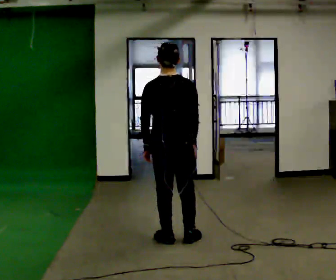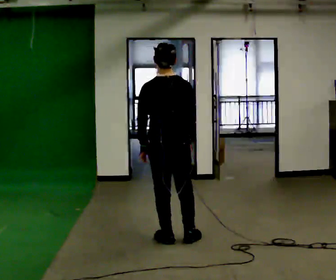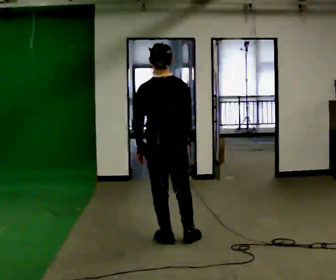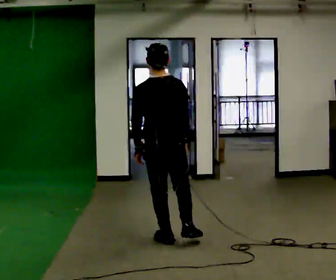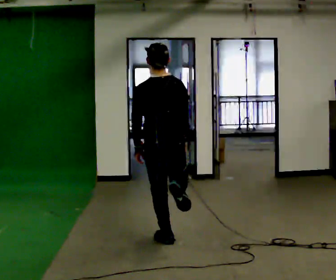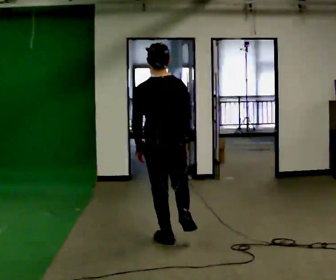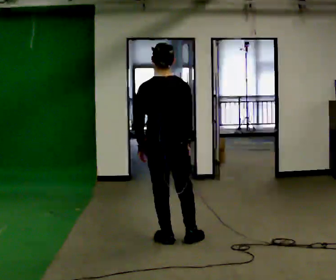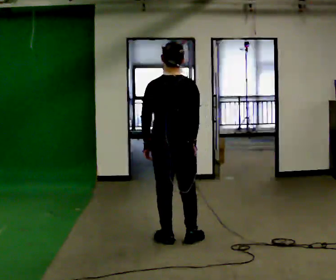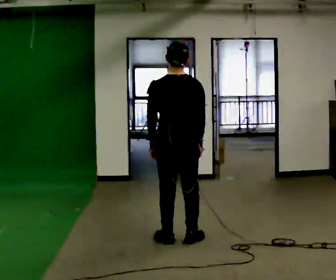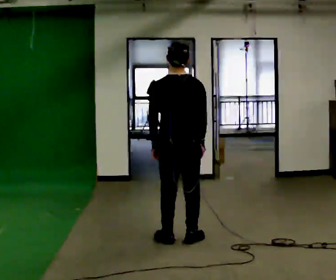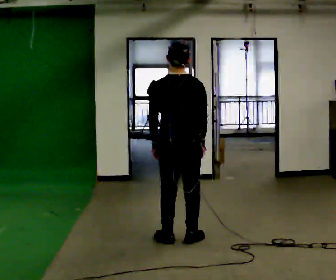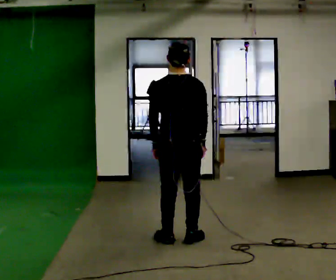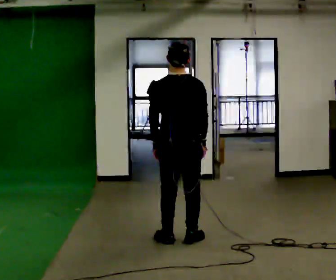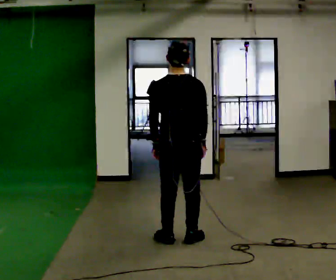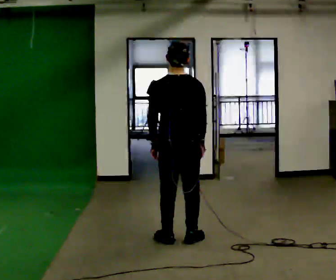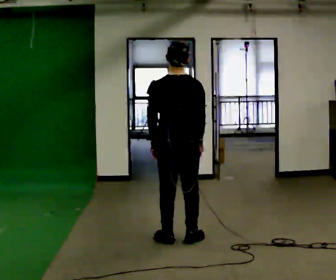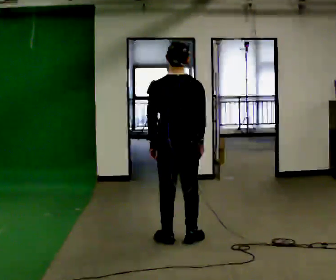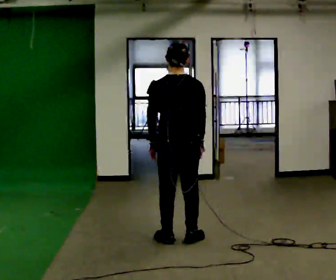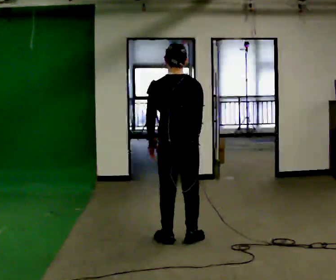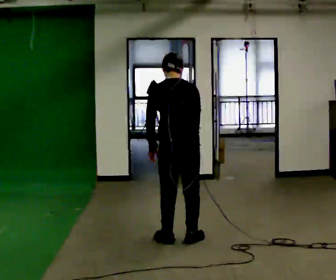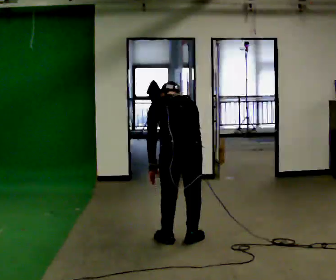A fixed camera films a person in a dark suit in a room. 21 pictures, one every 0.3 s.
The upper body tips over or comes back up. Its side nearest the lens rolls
upward.
0.0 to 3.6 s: The person moves a little, or ends about where they began.
3.6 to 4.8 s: The person keeps their place and pose.
4.8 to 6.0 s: In the picture they go toward the camera, about 0.25 m, which for them is backward. The shoulders move downward. The upper body tips away from the camera, its near side rolling upward, as they bend forward.
The film runs backward here.
